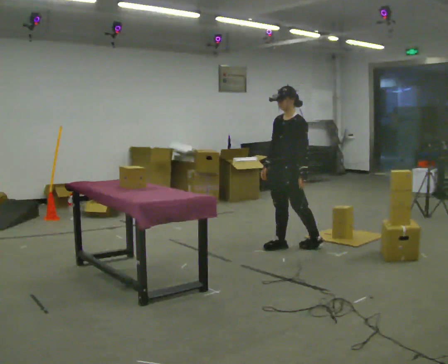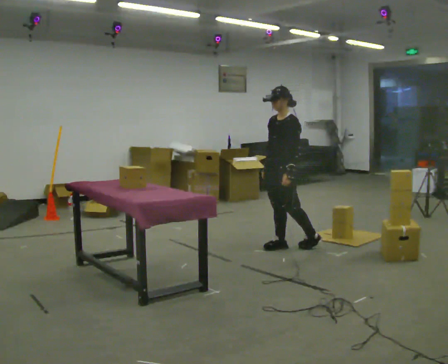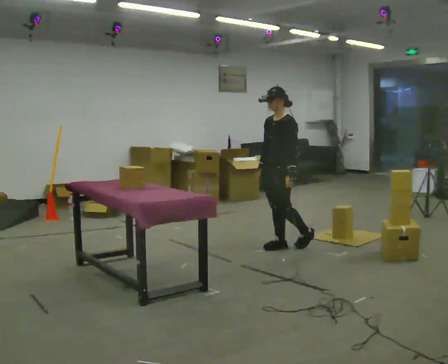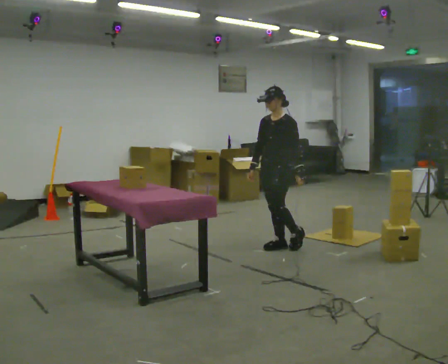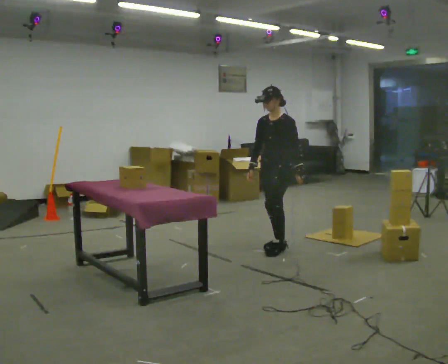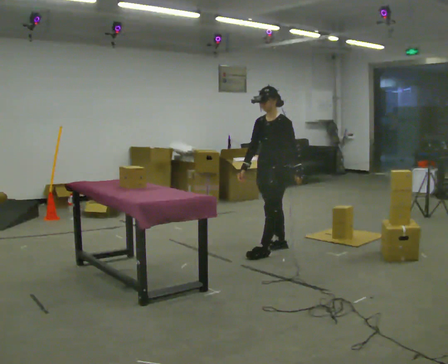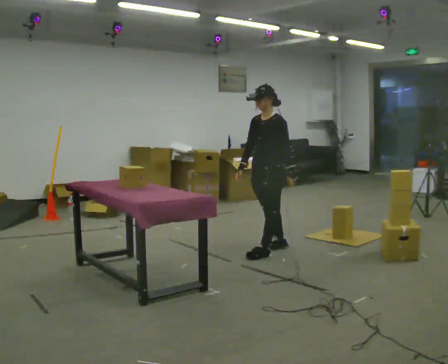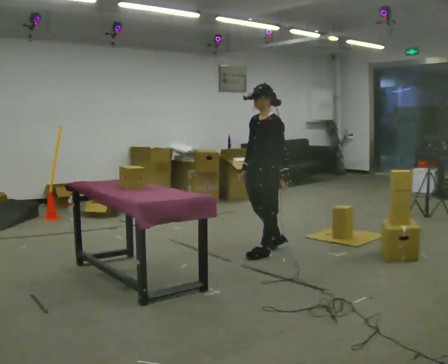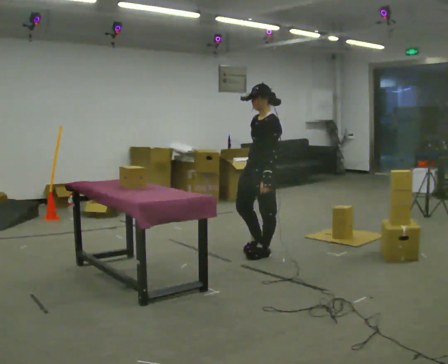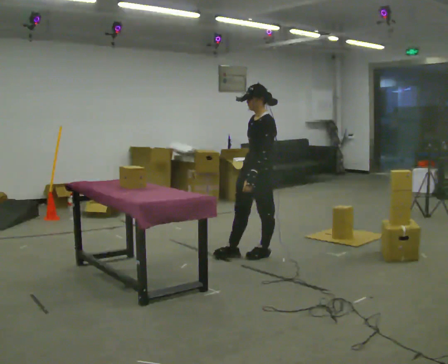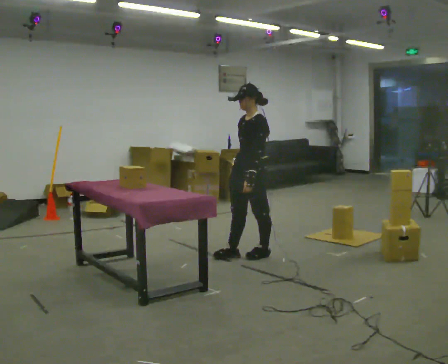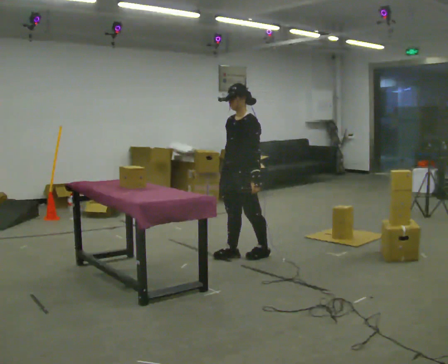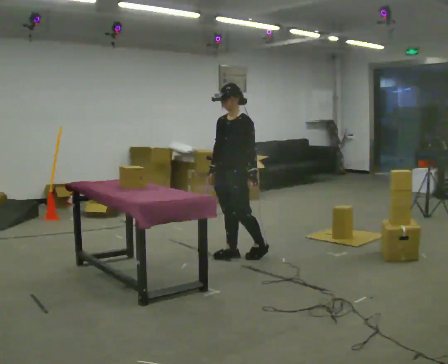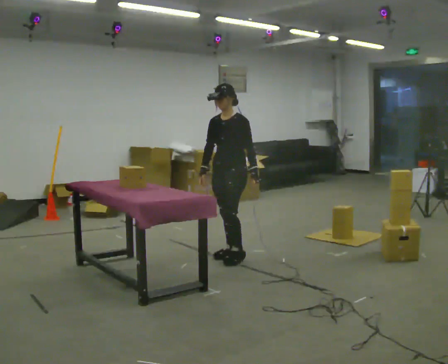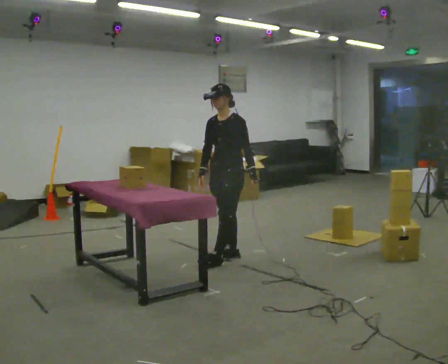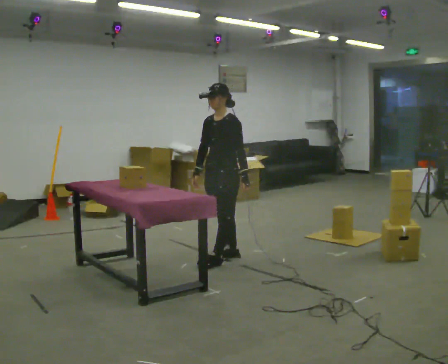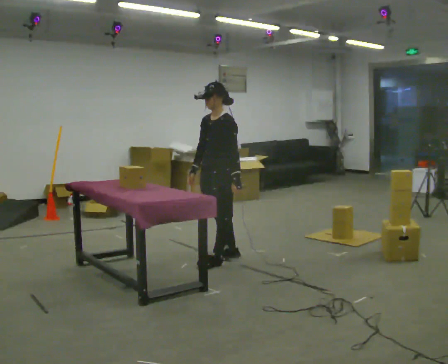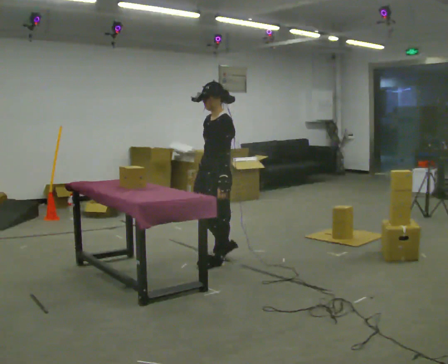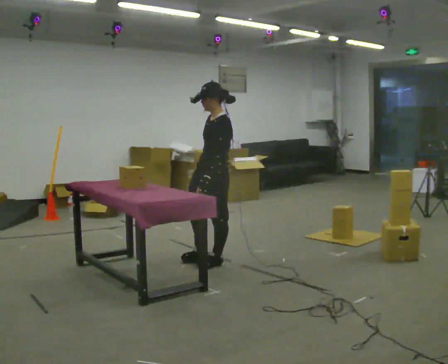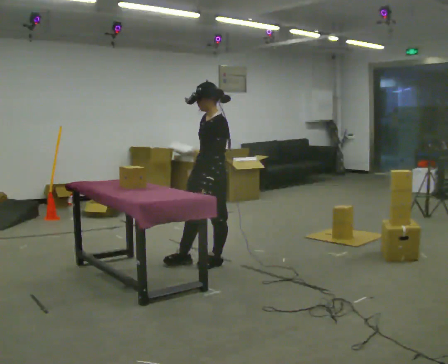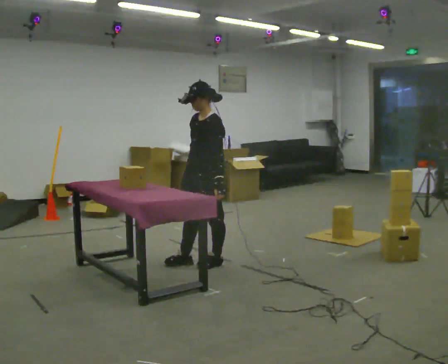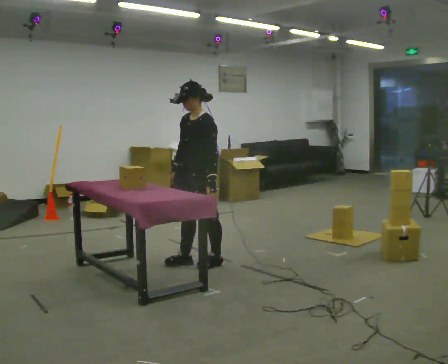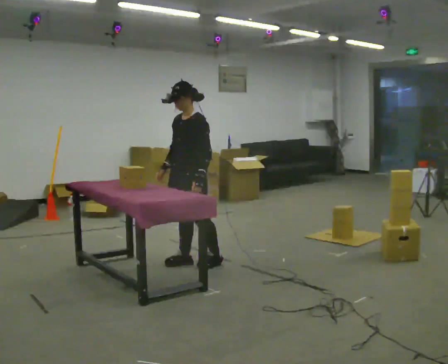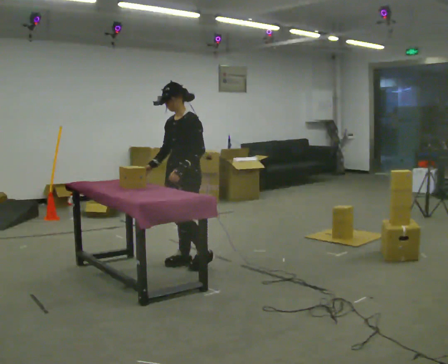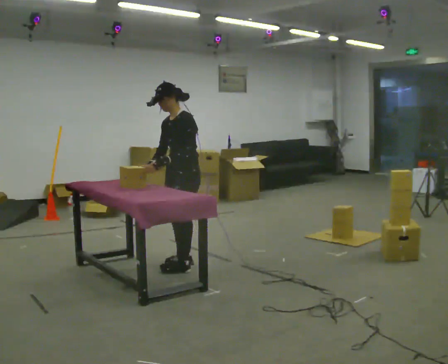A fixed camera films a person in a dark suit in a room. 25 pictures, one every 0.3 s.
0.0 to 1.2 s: The person moves a little, or ends about where they began.
1.2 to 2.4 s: In the picture they go toward the camera and to the left, about 0.25 m in 1 step, which for them is forward and to their left.
2.4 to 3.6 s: Seen from above the body turns counterclockwise, about 30 degrees: to their left, with its near side sliding to the right. In the picture they go to the left, about 0.25 m in 1 step, which for them is forward.
3.6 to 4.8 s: In the picture they go toward the camera, about 0.25 m in 1 step, which for them is forward.
4.8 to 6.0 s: The person moves a little, or ends about where they began.
6.0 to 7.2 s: In the picture they go to the left, about 0.25 m in 1 step, which for them is forward. In the picture their left hand goes to the left.
The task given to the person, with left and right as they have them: Take each object from the table and put it in the bin that matches it, walking between the bins. Keep going until the operator says stop; one object at a time, and do not rush between trips.
The film runs forward here.
